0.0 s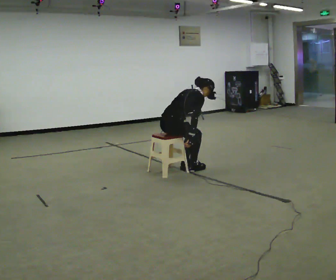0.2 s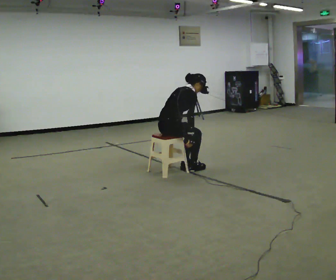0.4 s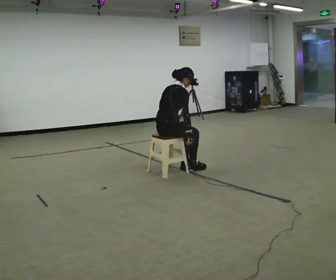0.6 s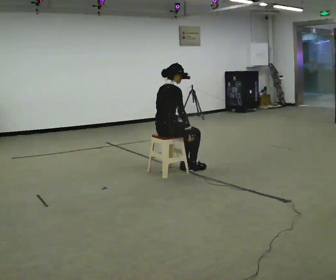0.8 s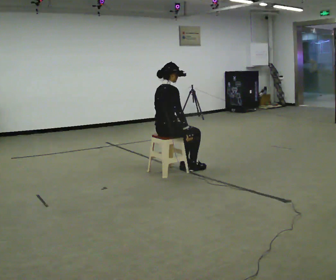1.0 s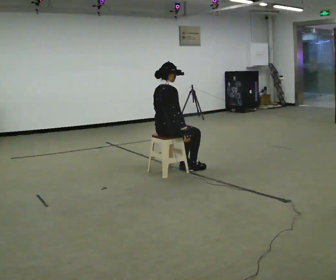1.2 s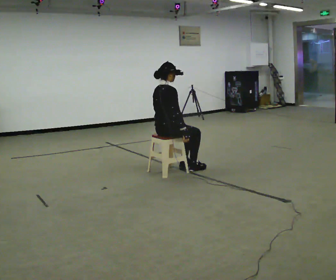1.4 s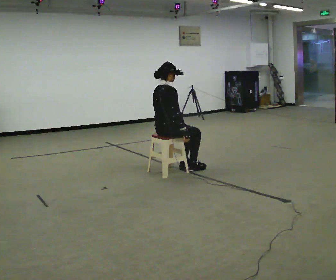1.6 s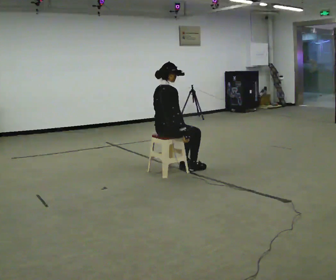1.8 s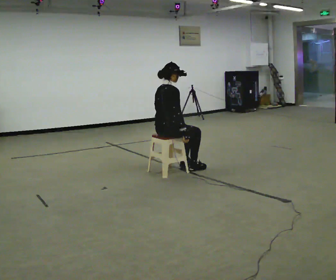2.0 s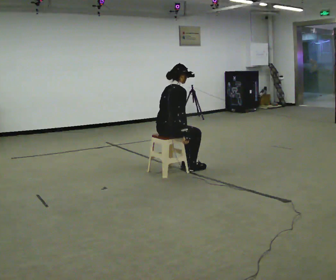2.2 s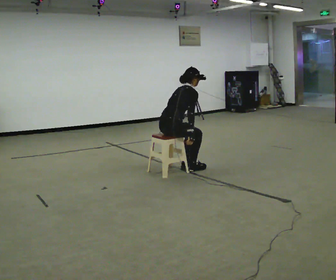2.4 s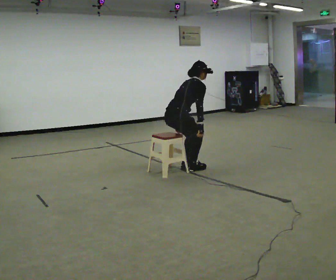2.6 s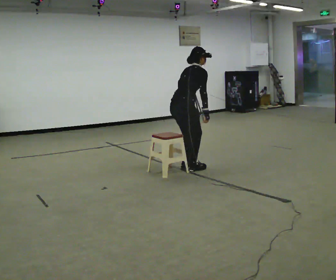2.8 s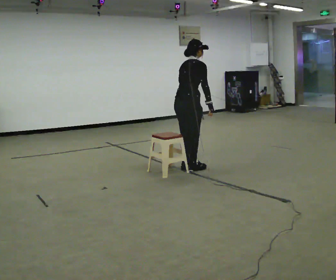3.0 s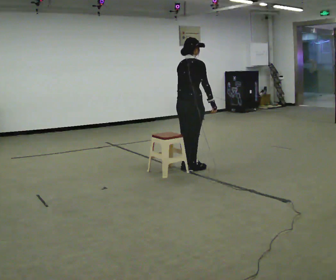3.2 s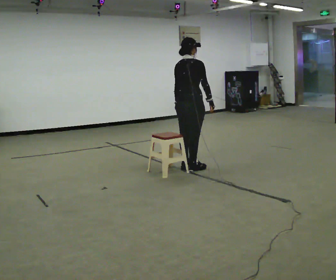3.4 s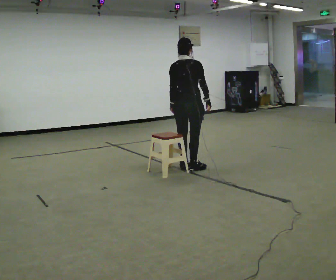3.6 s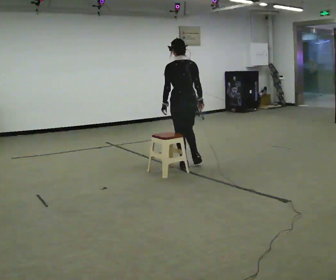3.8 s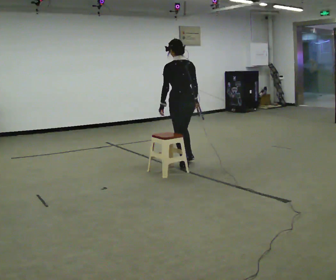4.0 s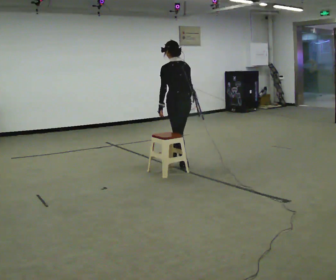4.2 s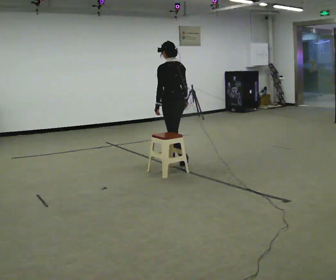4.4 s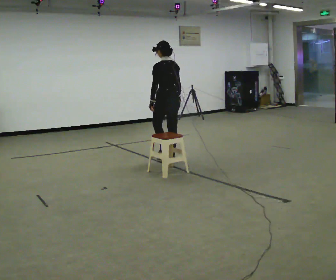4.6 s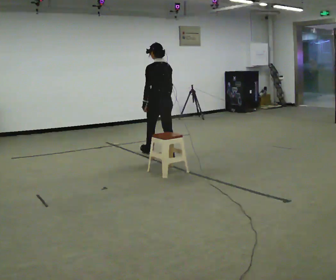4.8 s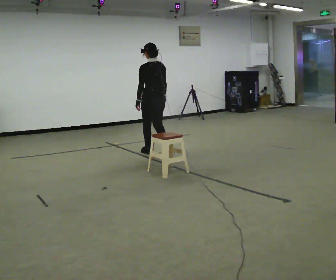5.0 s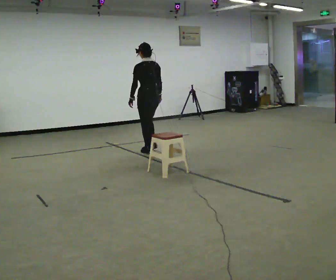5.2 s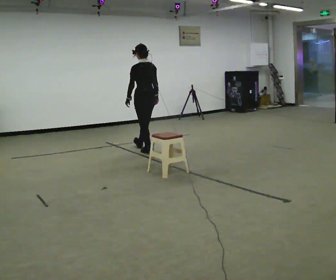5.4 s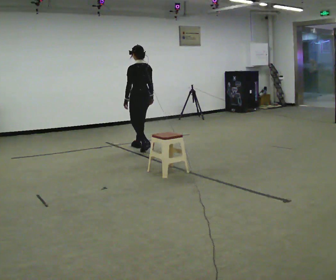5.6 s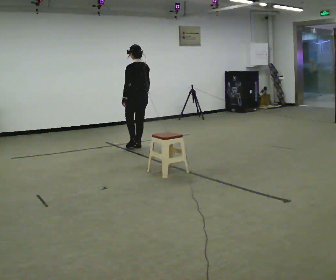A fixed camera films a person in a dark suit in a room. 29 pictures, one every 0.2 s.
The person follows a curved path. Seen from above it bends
counterclockwise.
The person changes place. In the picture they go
away from the camera.
0.0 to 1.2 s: In the picture the upper body tilts counterclockwise, shoulders to the left, as they lean back or straighten.
1.2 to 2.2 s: In the picture the upper body tilts clockwise, shoulders to the right, as they bend forward.
2.2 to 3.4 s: Seen from above the body turns counterclockwise, about 45 degrees: to their left, with its near side sliding to the right. In the picture they go to the right and away from the camera, about 0.25 m, which for them is forward. The shoulders move upward. In the picture the upper body tilts counterclockwise, shoulders to the left, as they lean back or straighten. In the picture their right hand goes upward.
3.4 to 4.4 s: The person turns about 45 degrees to their left, counterclockwise seen from above, so the part of the body nearest the lens slides to the right. In the picture they go away from the camera and to the left, about 0.5 m in 1 step, which for them is forward.
4.4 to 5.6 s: In the picture they go away from the camera and to the left, about 1 m in 2 steps, which for them is forward.
The film runs forward here.
